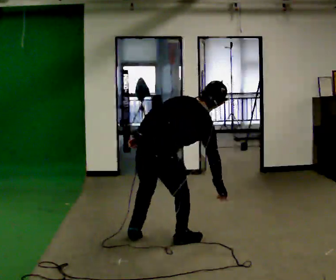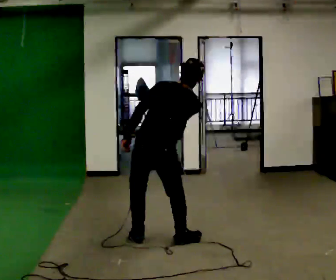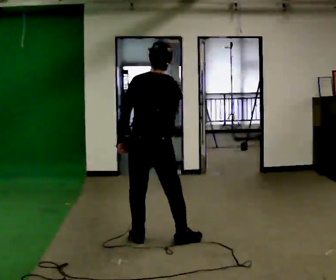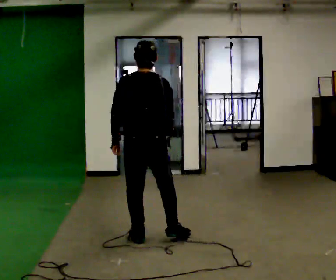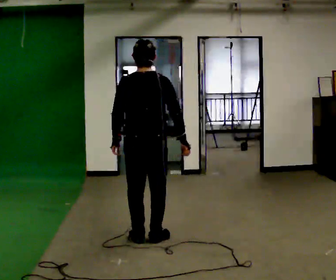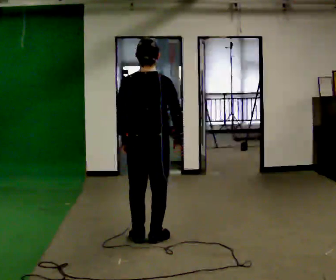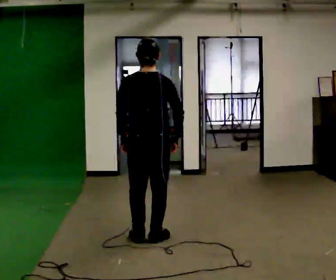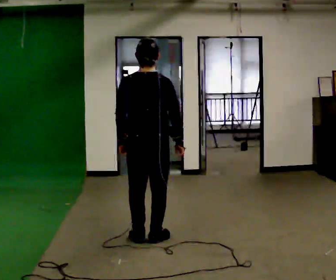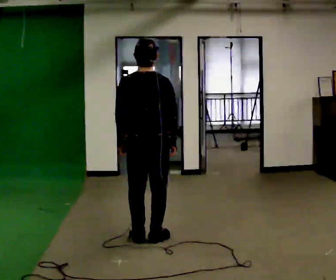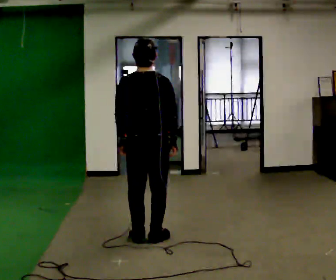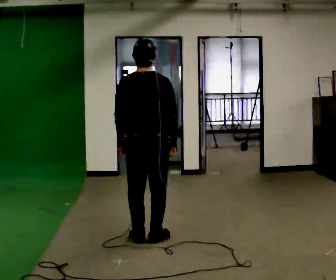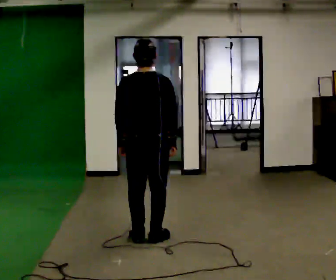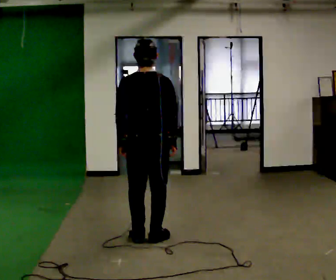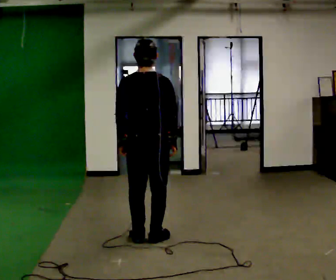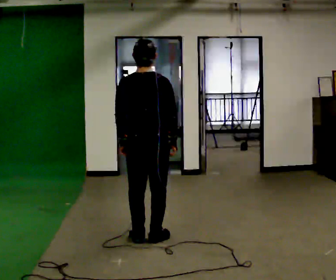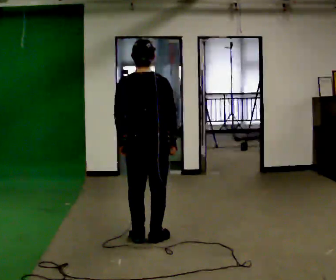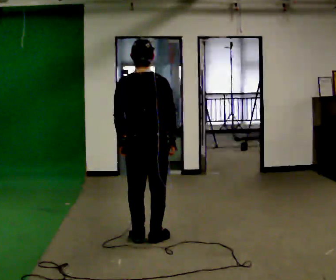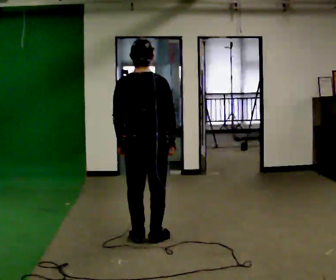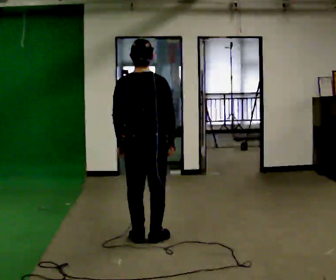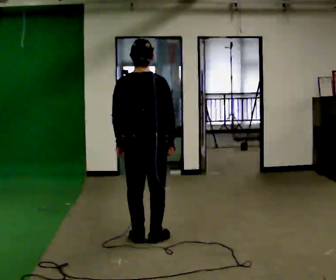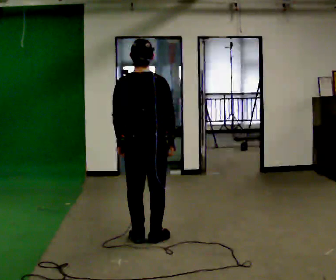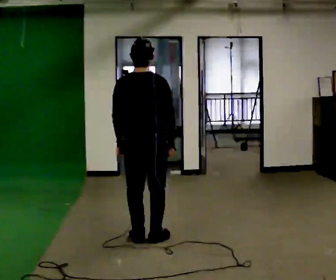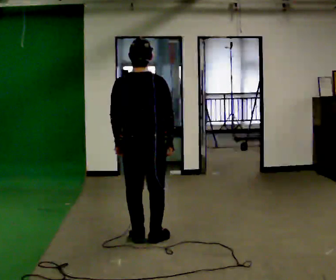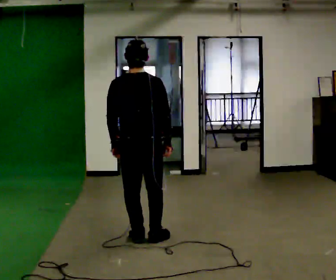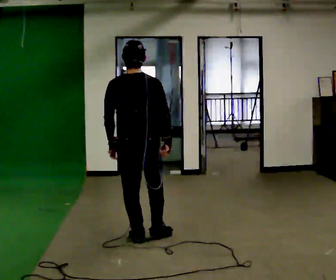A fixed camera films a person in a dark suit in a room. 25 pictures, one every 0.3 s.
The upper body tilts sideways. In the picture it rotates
counterclockwise.
The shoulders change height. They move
upward.
0.0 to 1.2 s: The person turns about 30 degrees to their left, counterclockwise seen from above, so the part of the body nearest the lens slides to the right. The shoulders move upward. In the picture the upper body tilts counterclockwise, shoulders to the left, as they lean back or straighten.
1.2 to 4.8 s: The person moves a little, or ends about where they began.
4.8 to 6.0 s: The person keeps their place and pose.
6.0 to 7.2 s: The person moves a little, or ends about where they began.
The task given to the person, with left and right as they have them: Mime a bowling delivery with no ball: approach in place, swing down and release. Repeat the movement at your own pace until the operator says stop; do not rush.
The film runs forward here.
